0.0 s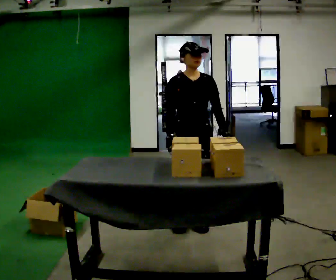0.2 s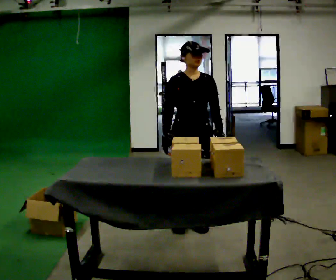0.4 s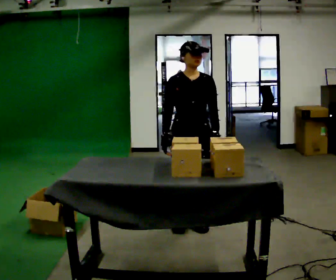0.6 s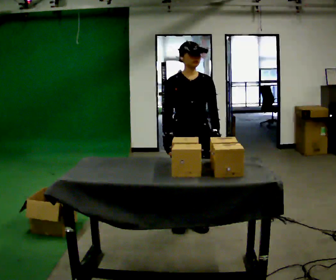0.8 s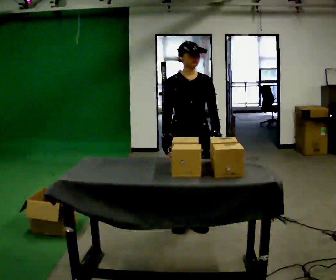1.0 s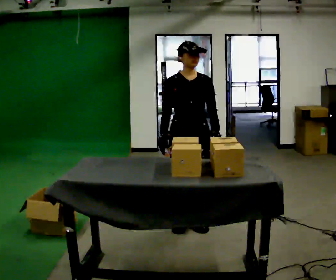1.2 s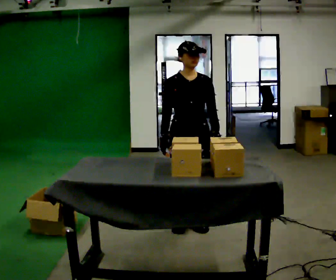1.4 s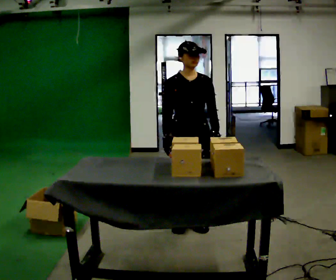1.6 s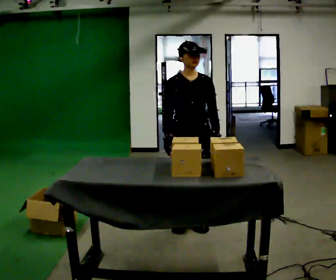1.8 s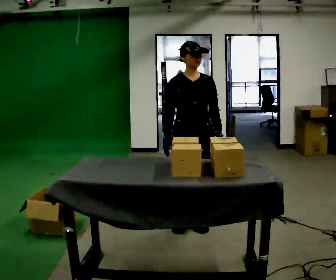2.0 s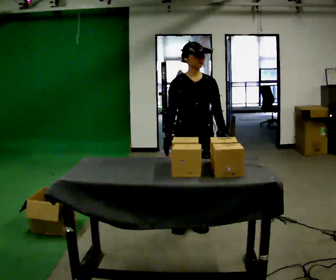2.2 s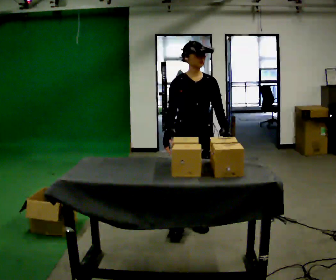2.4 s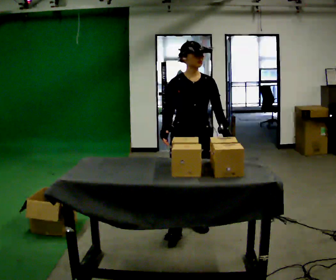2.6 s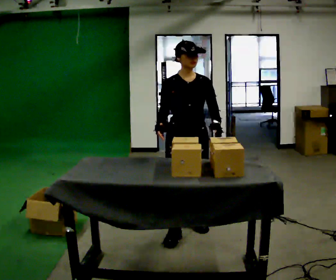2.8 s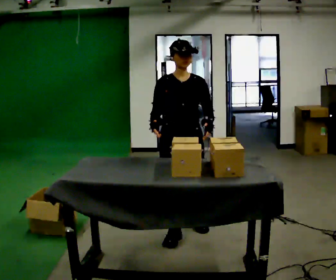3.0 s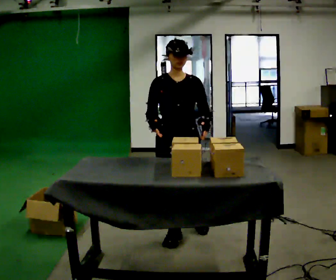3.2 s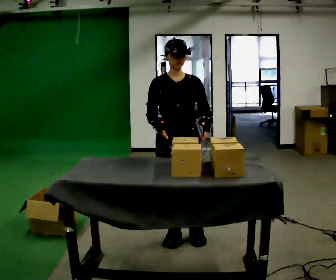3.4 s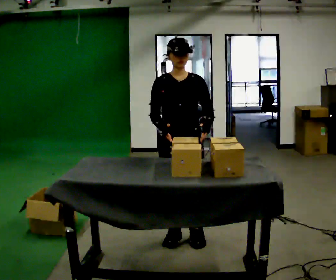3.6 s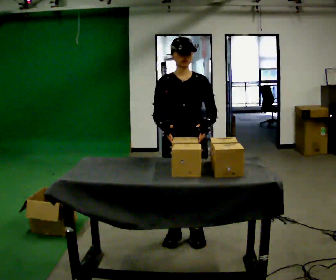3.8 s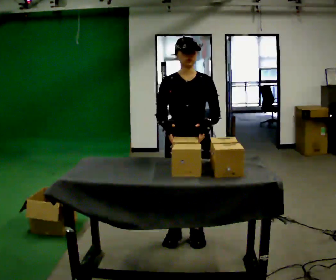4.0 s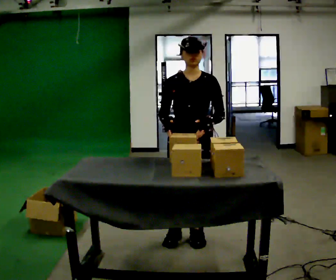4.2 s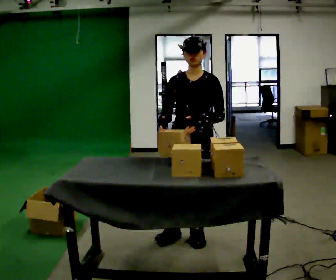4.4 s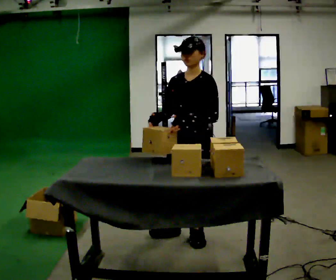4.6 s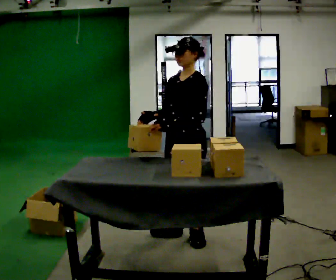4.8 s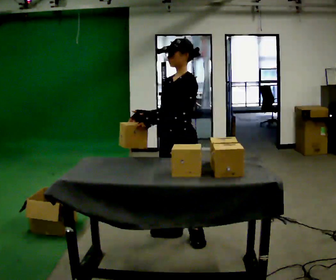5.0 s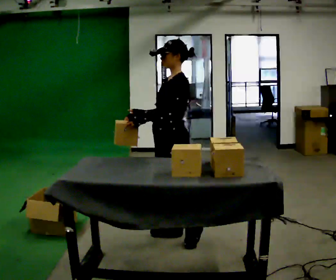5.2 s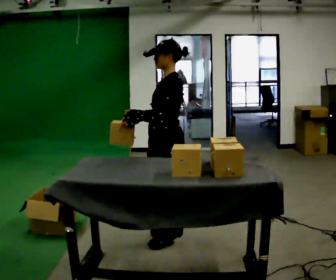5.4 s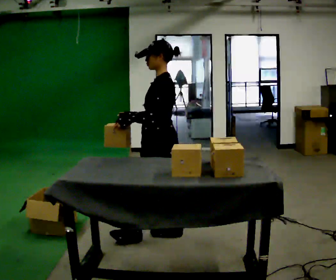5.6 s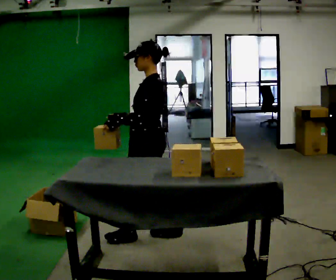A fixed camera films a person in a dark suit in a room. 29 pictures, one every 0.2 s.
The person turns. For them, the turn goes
to their right.
The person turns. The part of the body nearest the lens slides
to the left.
0.0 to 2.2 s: The person moves a little, or ends about where they began.
2.2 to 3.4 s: In the picture they go toward the camera, about 0.25 m in 2 steps, which for them is forward and to their right.
3.4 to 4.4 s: The person turns about 45 degrees to their right, clockwise seen from above, so the part of the body nearest the lens slides to the left.
4.4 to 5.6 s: The person turns about 45 degrees to their right, clockwise seen from above, so the part of the body nearest the lens slides to the left. In the picture they go to the left, about 0.25 m in 1 step, which for them is forward.
The film runs forward here.
